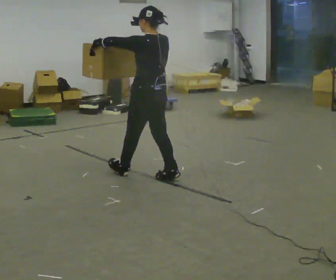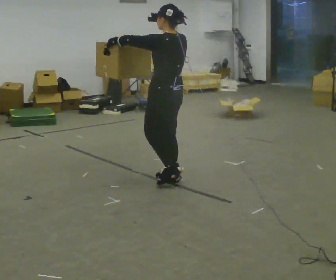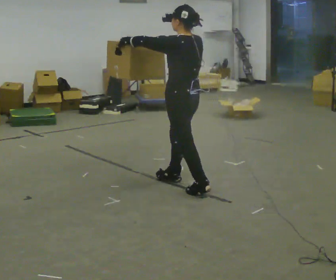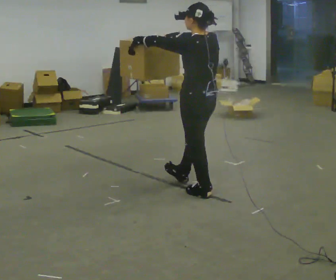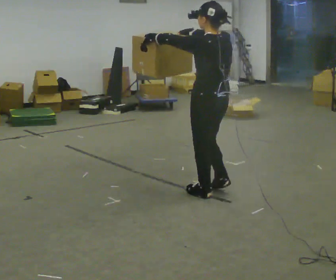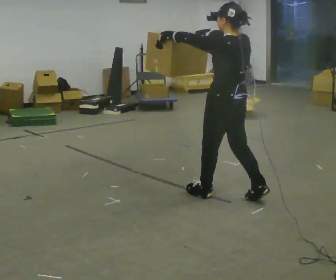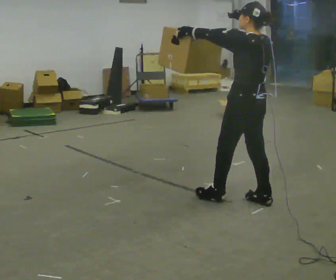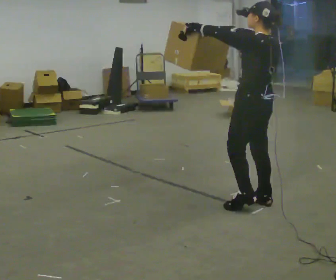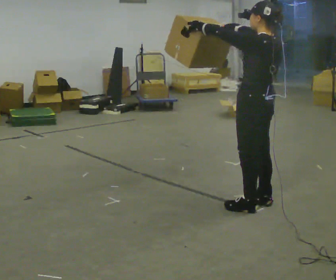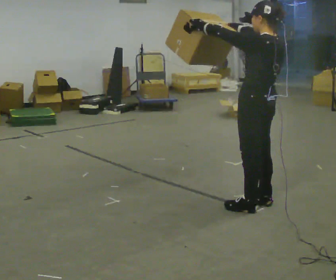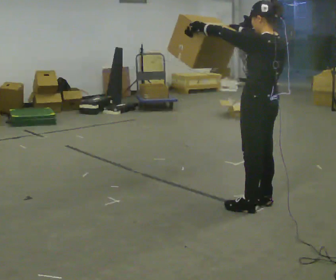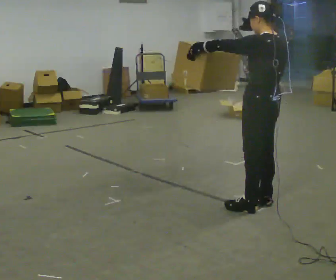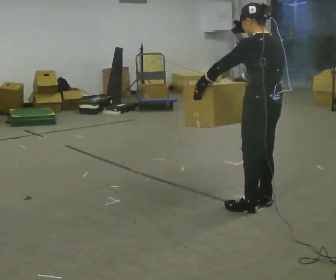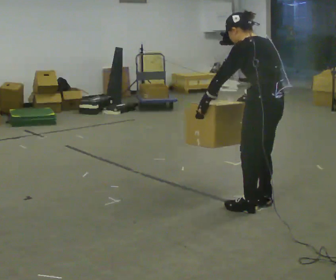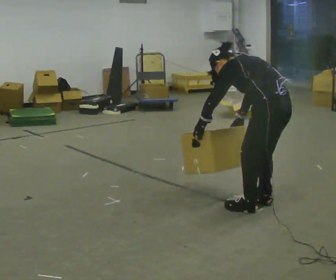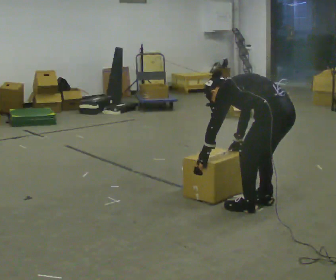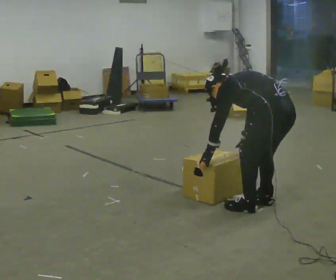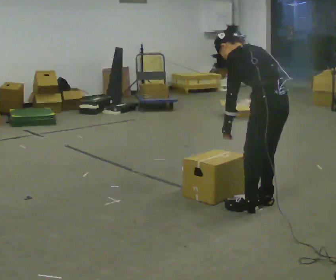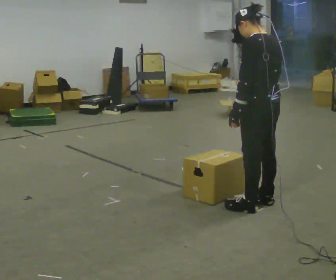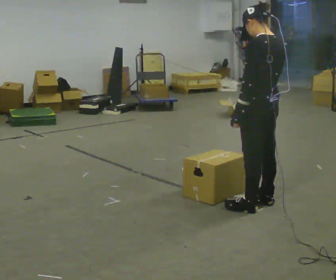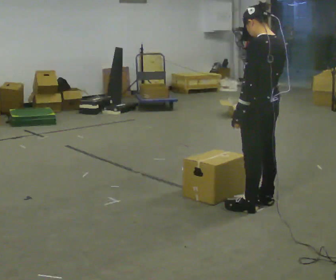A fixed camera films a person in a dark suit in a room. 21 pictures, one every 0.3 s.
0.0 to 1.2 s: In the picture they go to the right and toward the camera, about 0.75 m in 1 step, which for them is backward.
1.2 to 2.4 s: In the picture they go to the right, about 0.25 m in 1 step, which for them is backward.
2.4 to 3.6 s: In the picture their right hand goes downward.
3.6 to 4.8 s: The upper body goes downward. In the picture the upper body tilts counterclockwise, shoulders to the left, as they bend forward. In the picture their left hand goes downward.
4.8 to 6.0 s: The upper body goes upward. In the picture the upper body tilts clockwise, shoulders to the right, as they lean back or straighten. In the picture their right hand goes upward.
The film runs backward here.
